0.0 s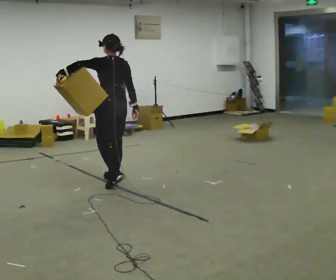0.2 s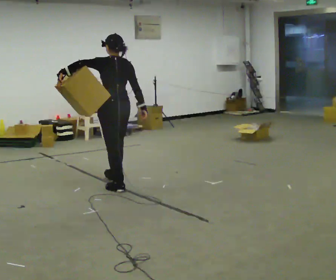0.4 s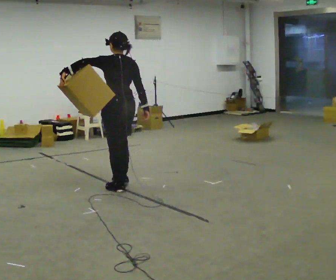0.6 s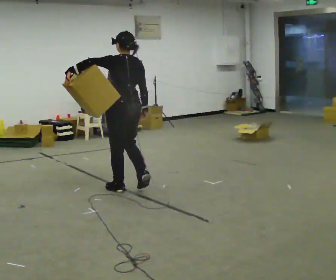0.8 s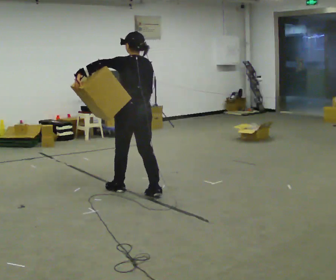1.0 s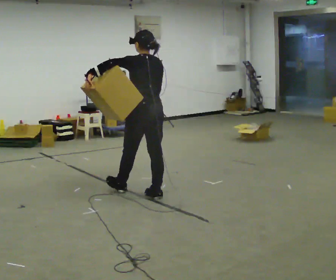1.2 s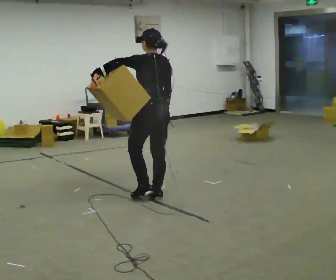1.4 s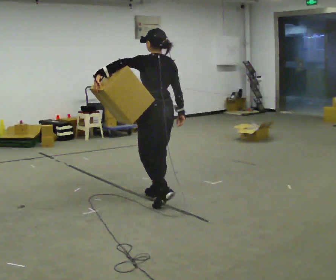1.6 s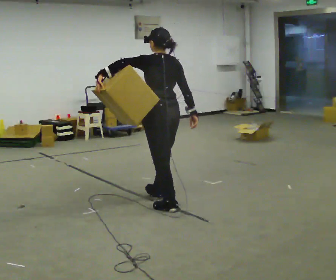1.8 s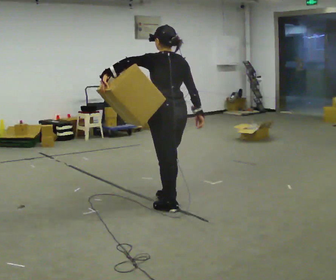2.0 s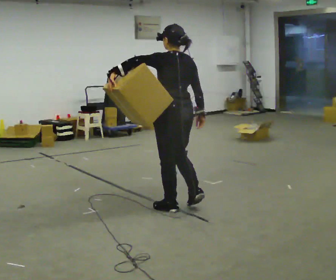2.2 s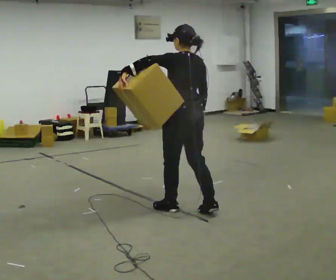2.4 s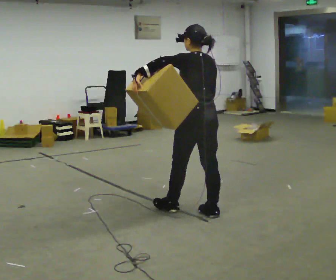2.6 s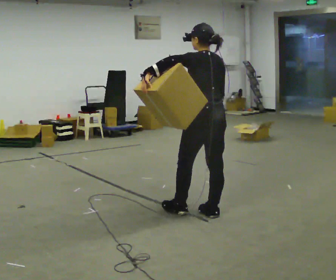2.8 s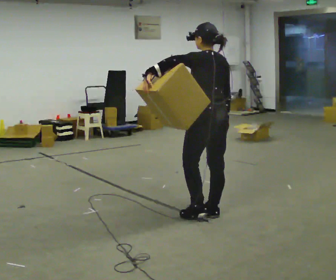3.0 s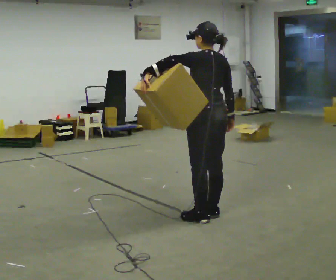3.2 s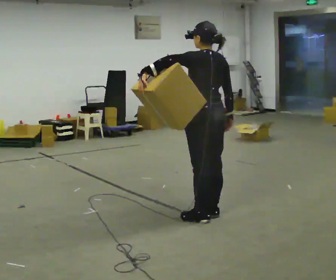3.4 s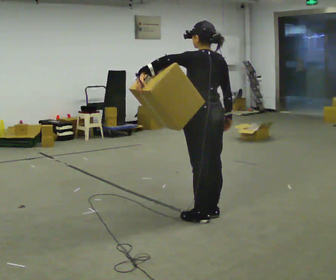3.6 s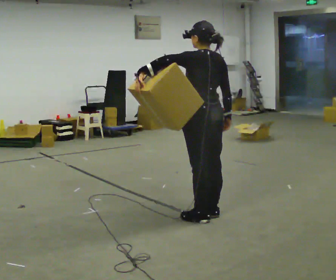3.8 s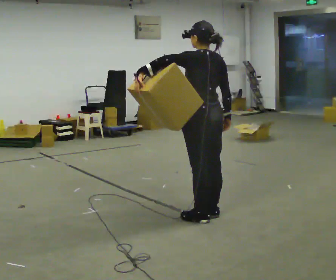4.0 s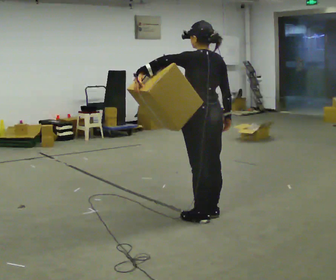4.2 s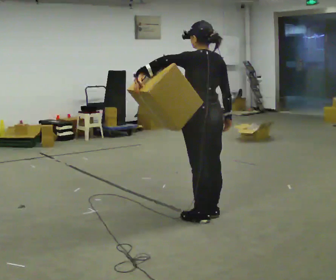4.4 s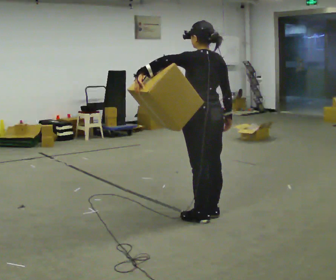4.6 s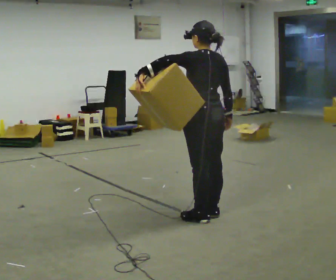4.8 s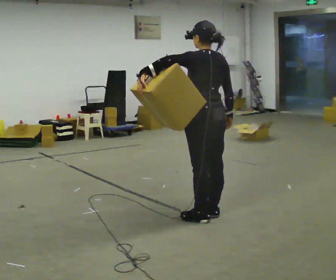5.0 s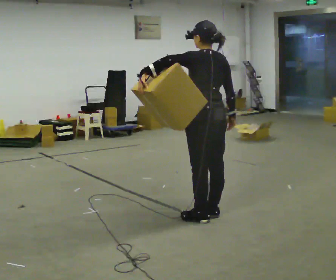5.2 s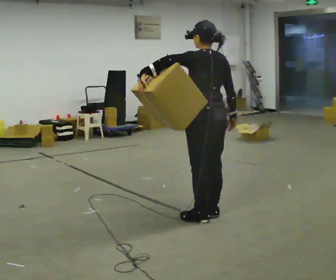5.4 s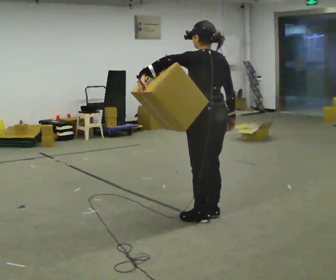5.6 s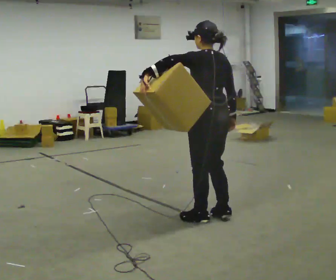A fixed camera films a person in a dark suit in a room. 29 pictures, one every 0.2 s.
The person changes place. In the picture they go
to the right.
0.0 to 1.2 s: In the picture they go to the right and toward the camera, about 0.5 m in 2 steps, which for them is backward.
1.2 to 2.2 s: In the picture they go to the right and toward the camera, about 0.5 m in 1 step, which for them is backward.
2.2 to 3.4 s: In the picture they go to the right, about 0.25 m in 1 step, which for them is backward.
3.4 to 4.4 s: The person keeps their place and pose.
4.4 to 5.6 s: The person moves a little, or ends about where they began.
The film runs backward here.
